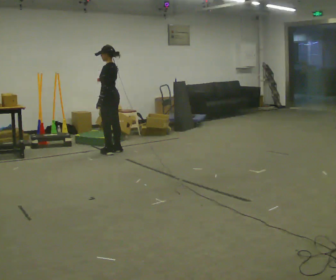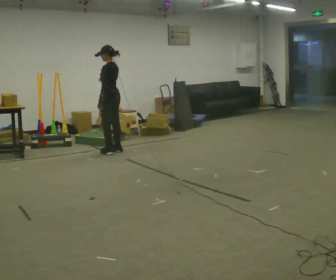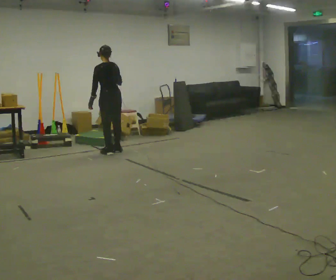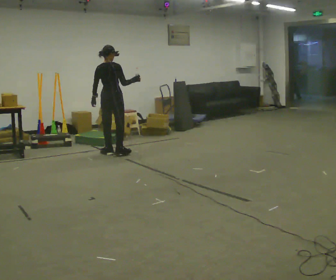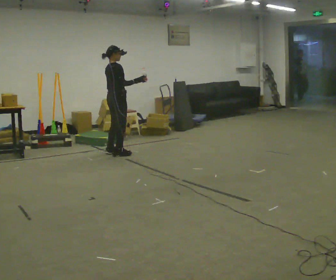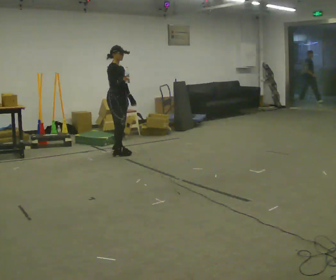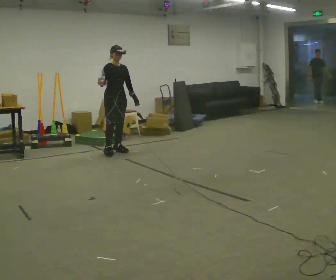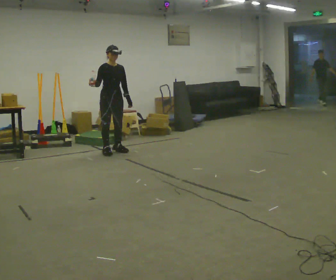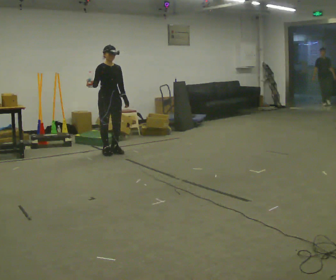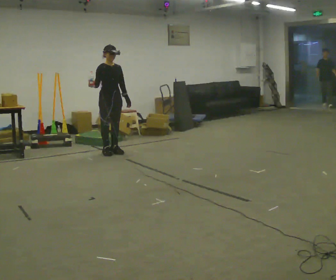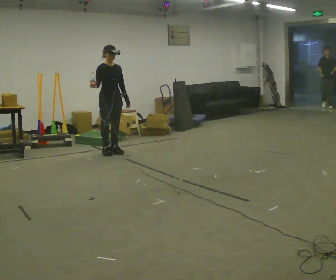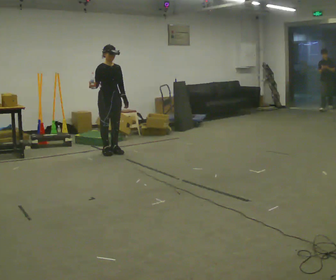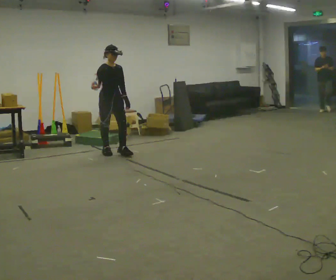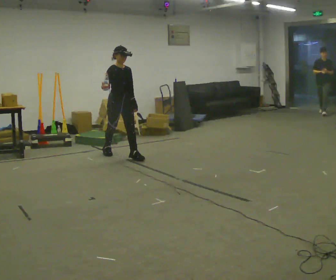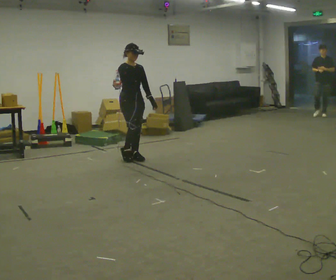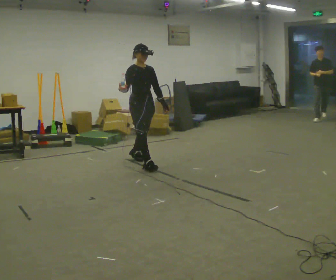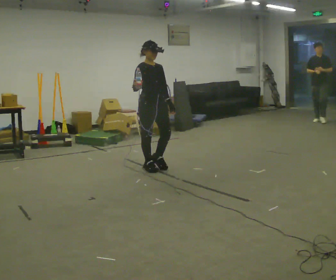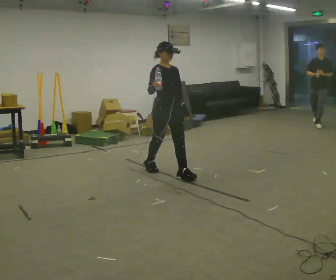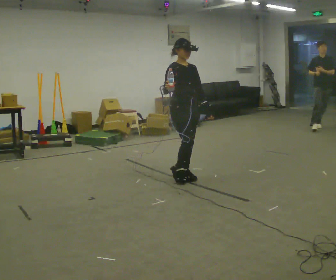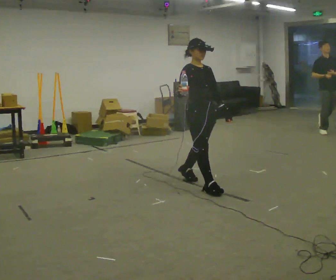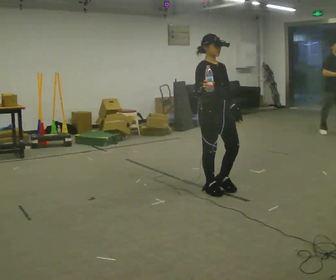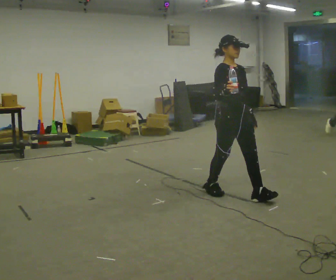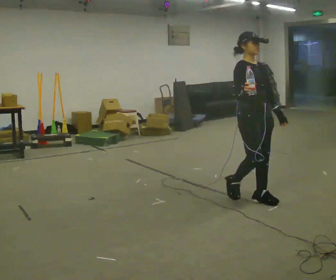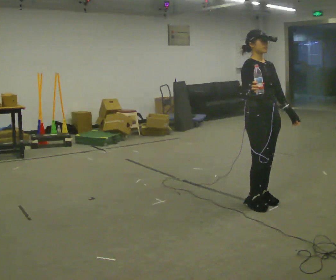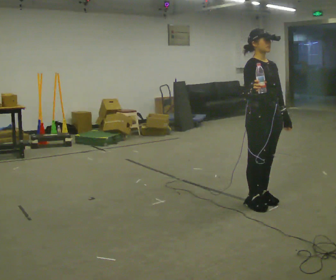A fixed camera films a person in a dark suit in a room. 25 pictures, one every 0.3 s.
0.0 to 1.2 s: Seen from above the body turns clockwise, about 135 degrees: to their right, with its near side sliding to the left. In the picture they go toward the camera, about 0.25 m in 1 step. In the picture their right hand goes to the right.
1.2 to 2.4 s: The person turns about 90 degrees to their right, clockwise seen from above, so the part of the body nearest the lens slides to the left. In the picture their right hand goes to the left.
2.4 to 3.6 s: The person moves a little, or ends about where they began.
3.6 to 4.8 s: In the picture they go toward the camera and to the right, about 1 m in 2 steps, which for them is forward.
4.8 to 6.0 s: In the picture they go toward the camera and to the right, about 1 m in 2 steps, which for them is forward.
6.0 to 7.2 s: In the picture they go toward the camera and to the right, about 0.5 m in 2 steps, which for them is forward.
The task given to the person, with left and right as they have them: Carry the open container of water across the room without spilling it, back and forth.
The film runs forward here.
